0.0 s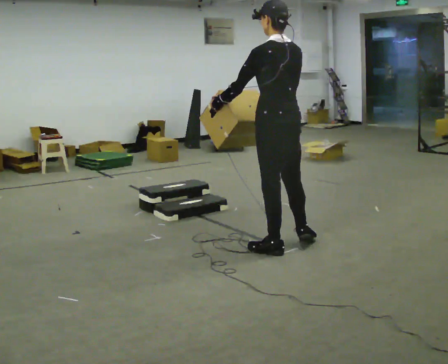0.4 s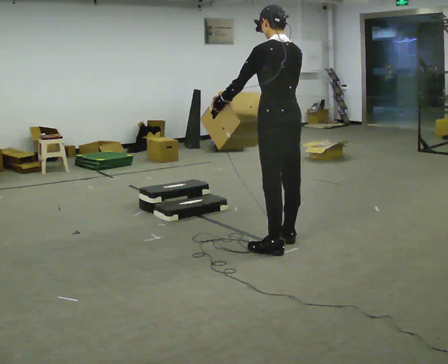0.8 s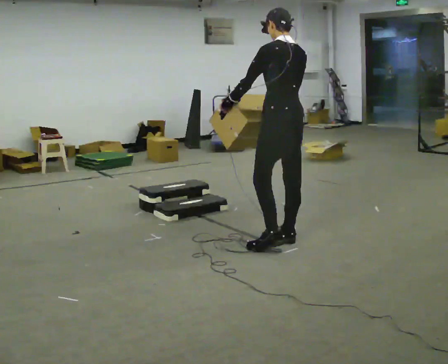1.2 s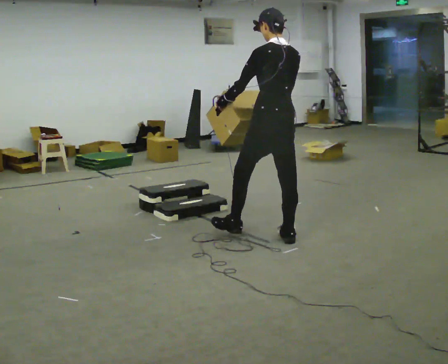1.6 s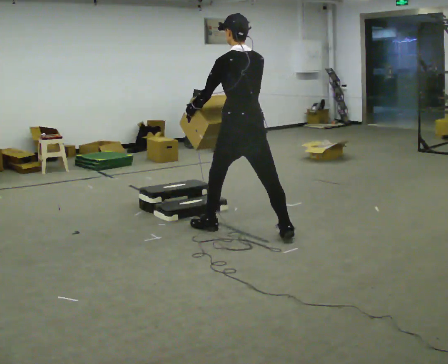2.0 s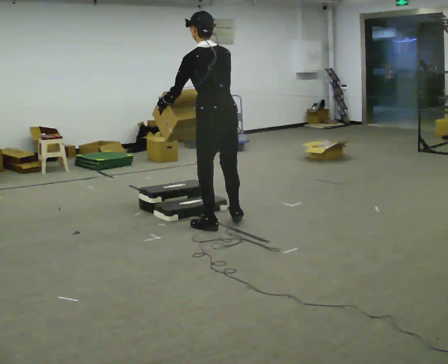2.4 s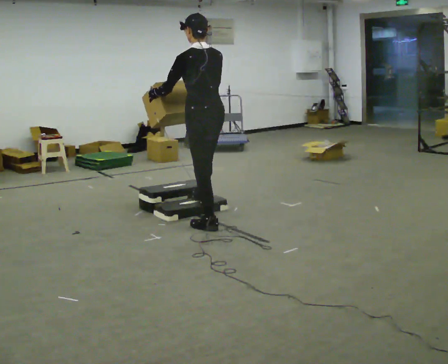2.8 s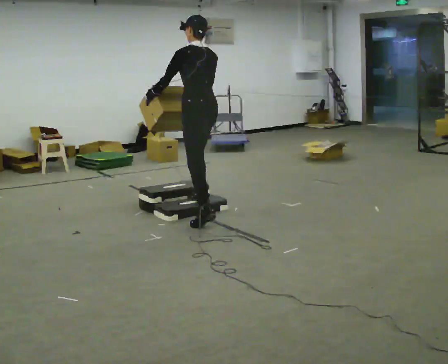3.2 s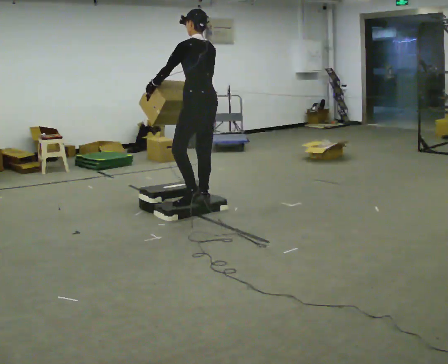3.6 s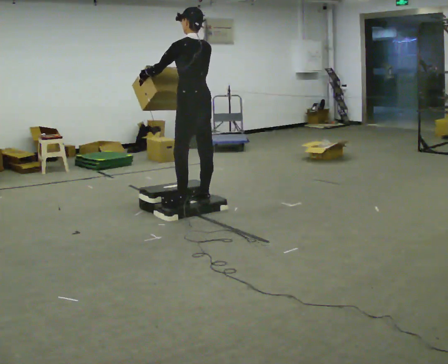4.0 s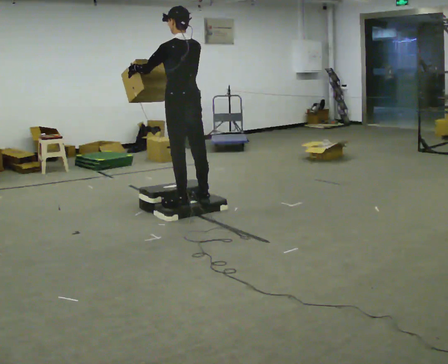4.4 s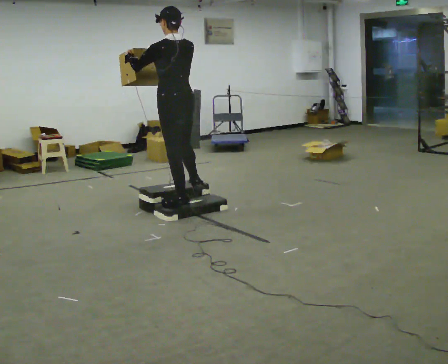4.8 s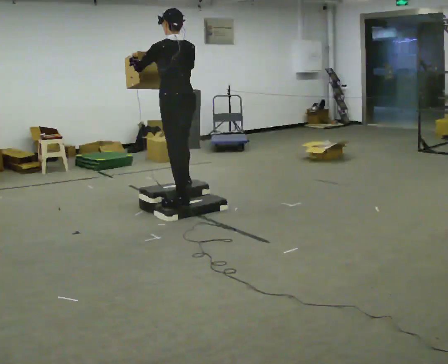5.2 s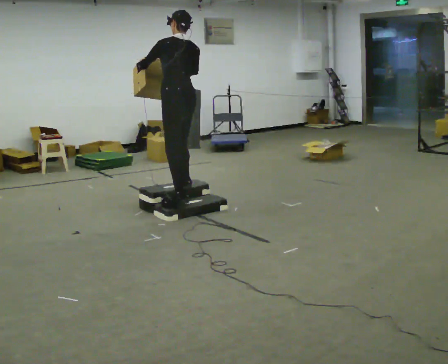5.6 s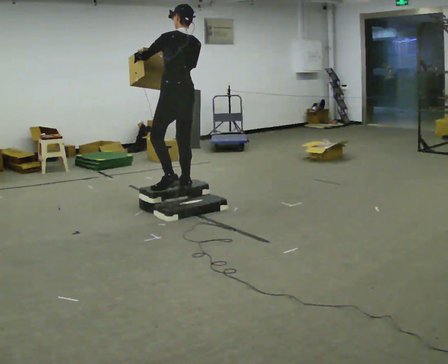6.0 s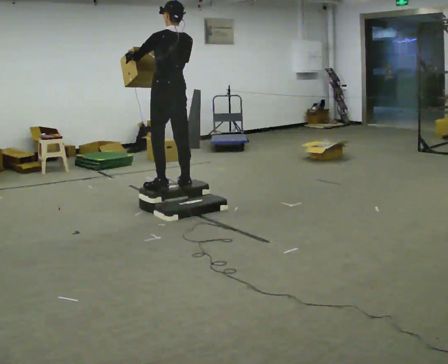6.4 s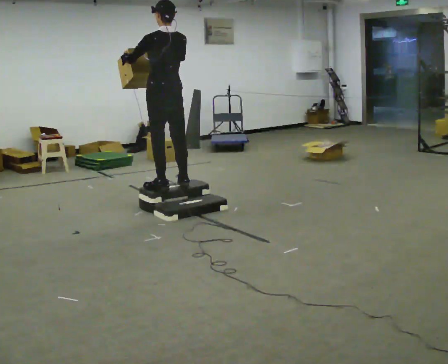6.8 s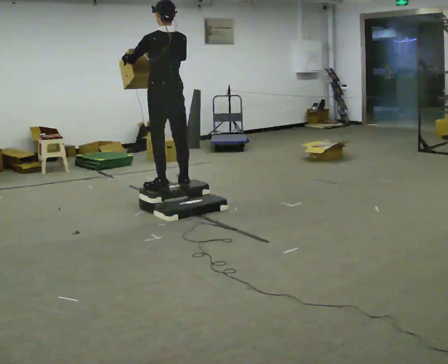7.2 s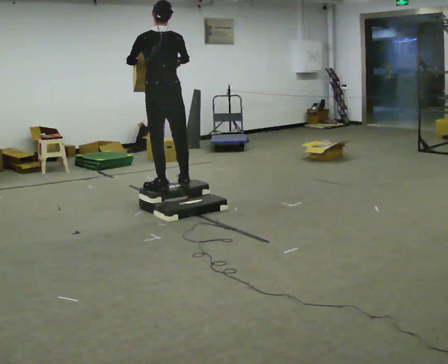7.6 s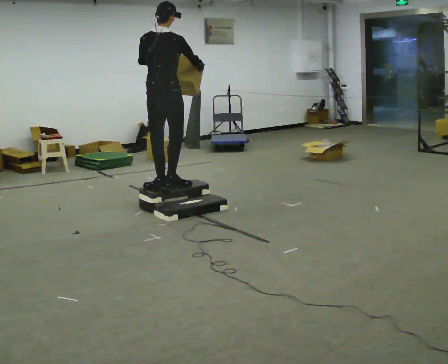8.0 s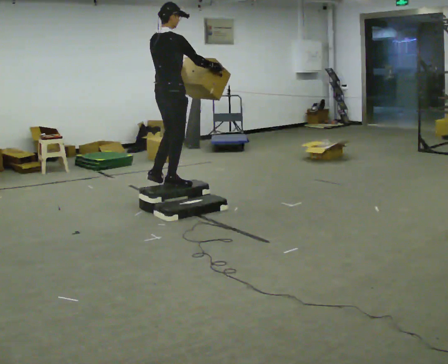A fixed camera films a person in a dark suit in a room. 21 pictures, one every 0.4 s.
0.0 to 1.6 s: In the picture they go away from the camera and to the left, about 0.5 m in 2 steps, which for them is forward.
1.6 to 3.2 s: In the picture they go away from the camera and to the left, about 0.75 m in 1 step, which for them is forward.
3.2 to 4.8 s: In the picture they go to the left, about 0.25 m in 2 steps, which for them is to their left and forward.
4.8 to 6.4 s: In the picture they go away from the camera, about 0.25 m in 1 step, which for them is forward.
6.4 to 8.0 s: The part of the body nearest the lens slides to the left as the person turns to their right by about 75 degrees. In the picture their right hand goes to the right.
The film runs forward here.
